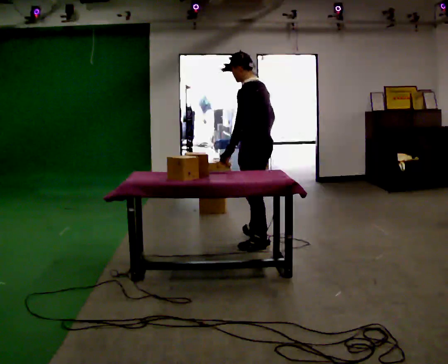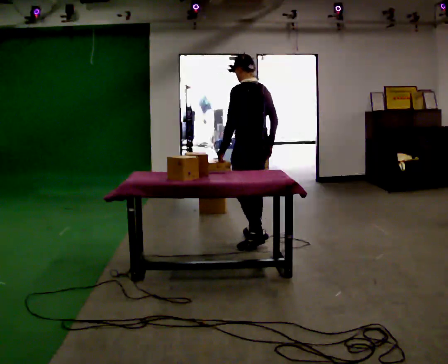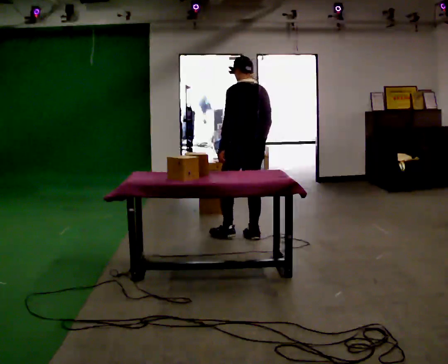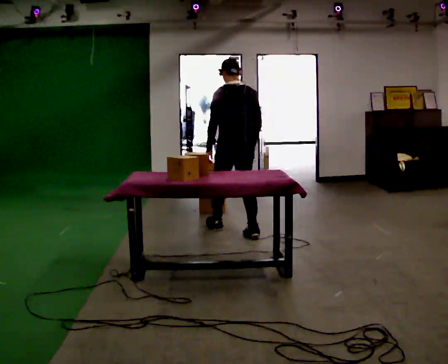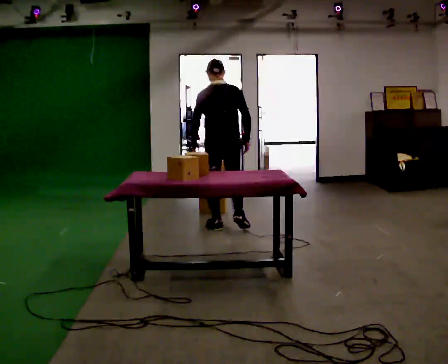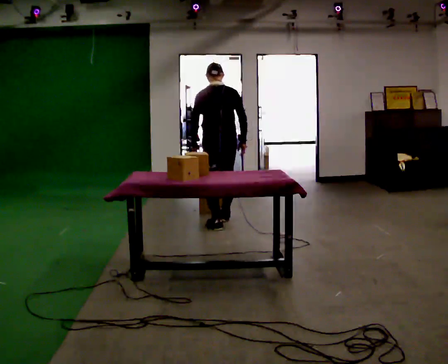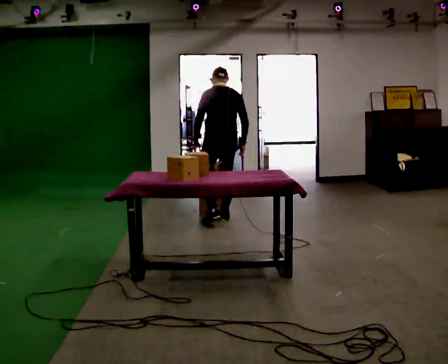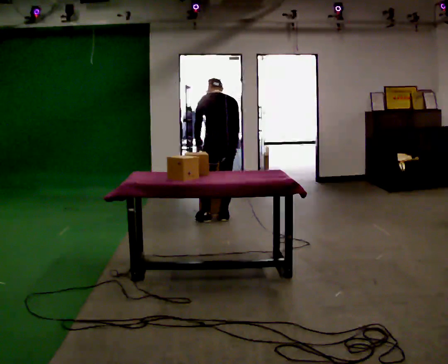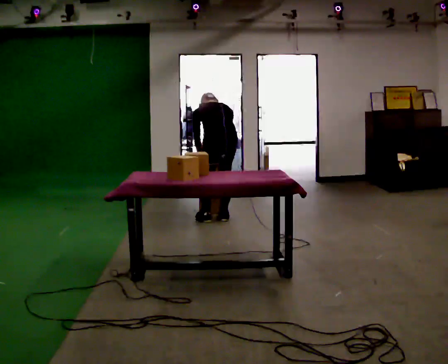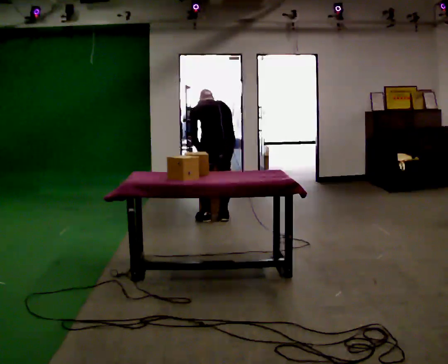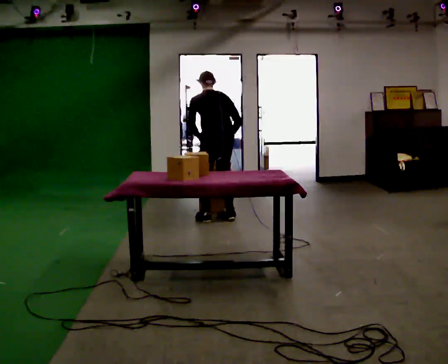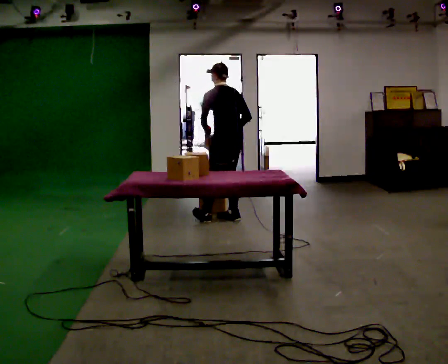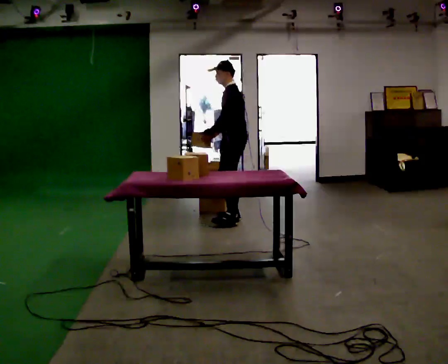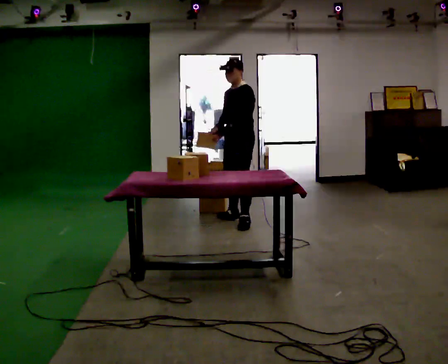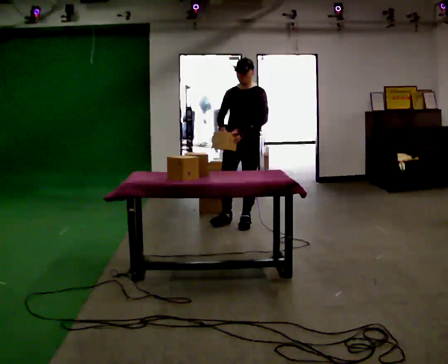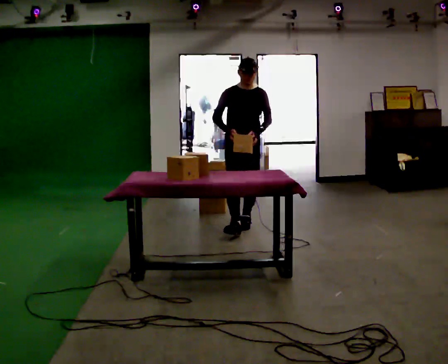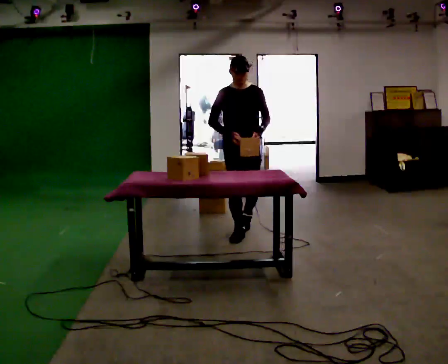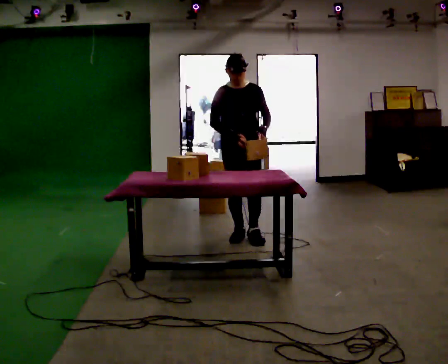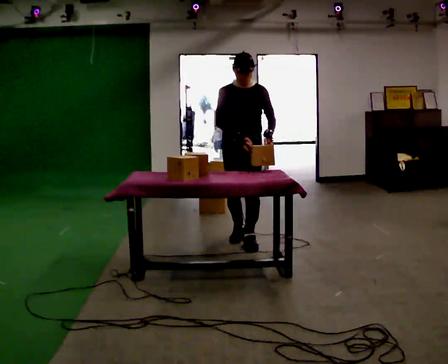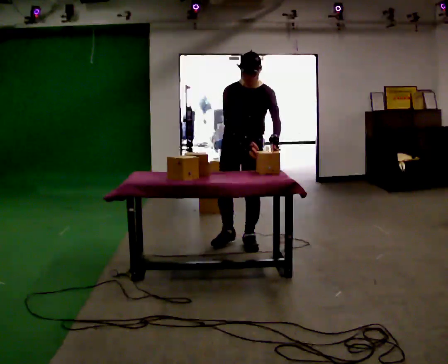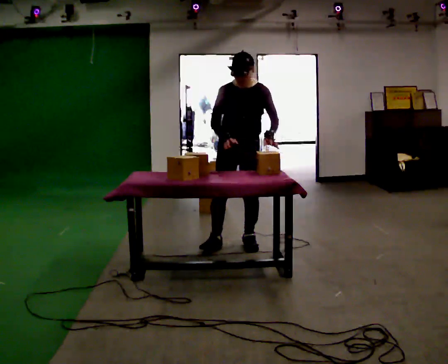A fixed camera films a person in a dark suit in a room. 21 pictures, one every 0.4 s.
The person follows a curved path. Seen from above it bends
clockwise.
0.0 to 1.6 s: The person turns about 60 degrees to their right, clockwise seen from above, so the part of the body nearest the lens slides to the left. In the picture they go away from the camera and to the left, about 0.75 m in 1 step, which for them is forward.
1.6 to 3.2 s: In the picture they go away from the camera, about 0.25 m in 2 steps, which for them is forward. The shoulders move downward. The upper body tips away from the camera, its near side rolling upward, as they bend forward.
3.2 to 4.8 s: The part of the body nearest the lens slides to the right as the person turns to their left by about 75 degrees. In the picture they go to the right, about 0.25 m. The upper body goes upward. The upper body tips toward the camera, its near side rolling downward, as they lean back or straighten.
4.8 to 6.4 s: The part of the body nearest the lens slides to the right as the person turns to their left by about 105 degrees. In the picture they go toward the camera, about 0.5 m in 2 steps.
6.4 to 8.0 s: In the picture they go toward the camera, about 0.5 m in 2 steps, which for them is forward.
The film runs forward here.
